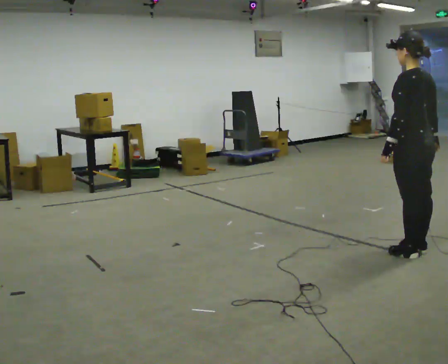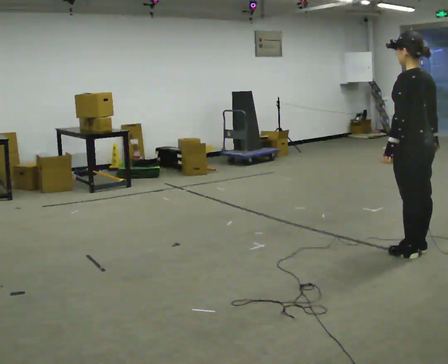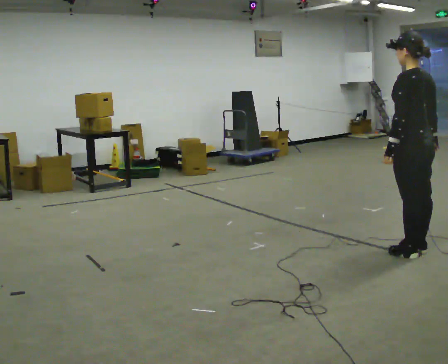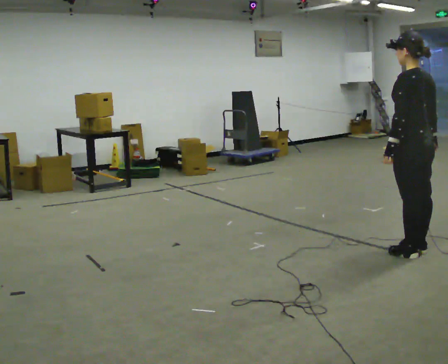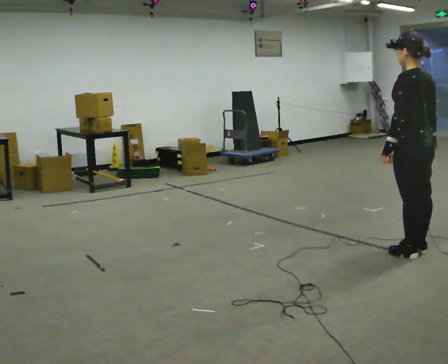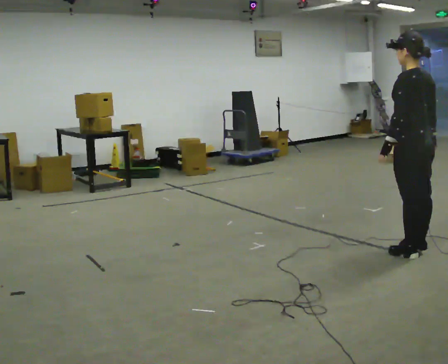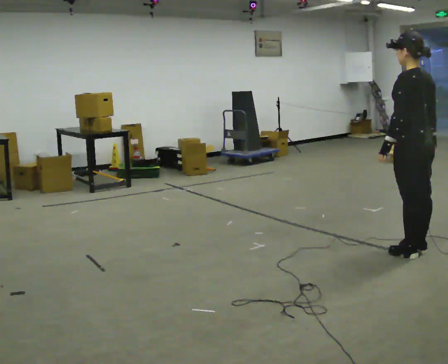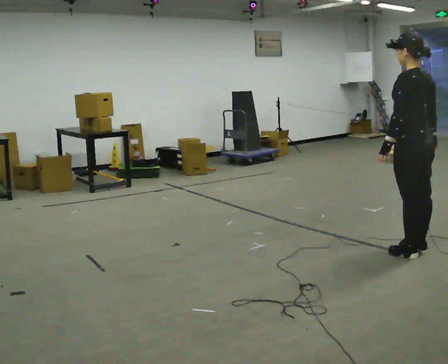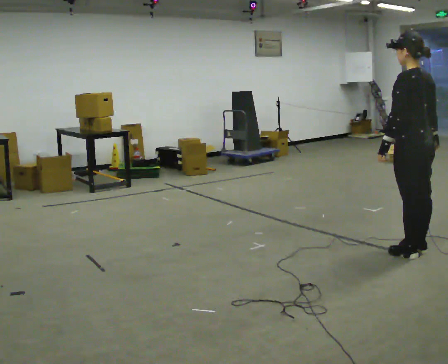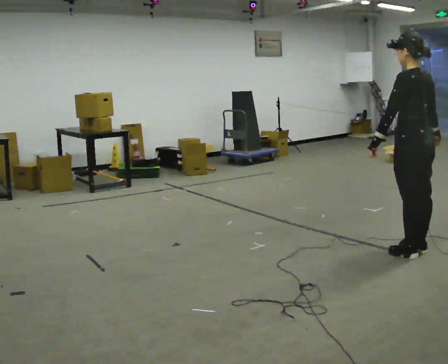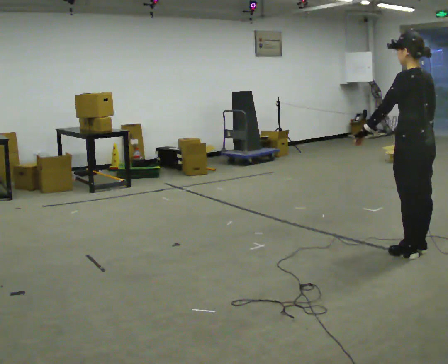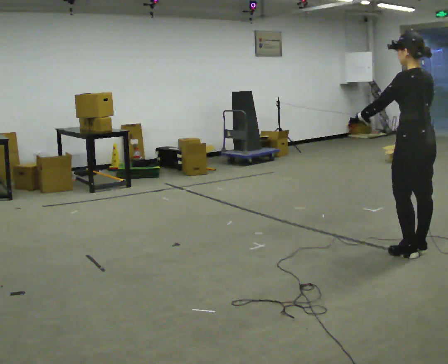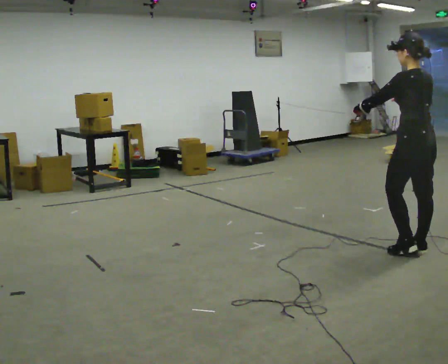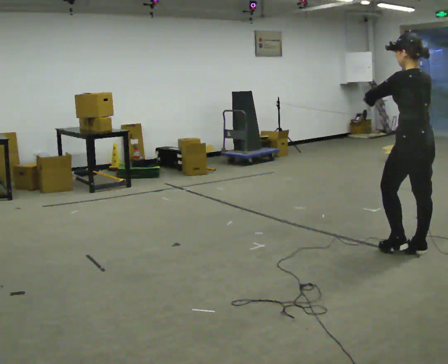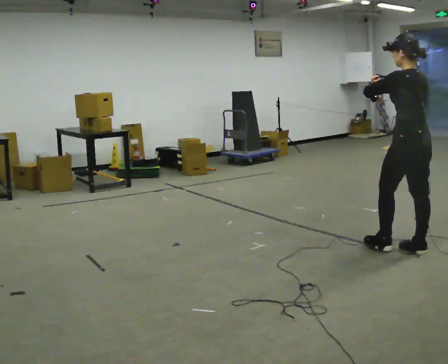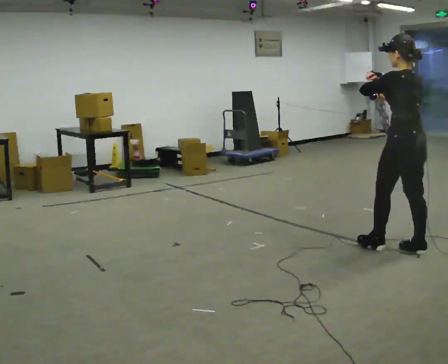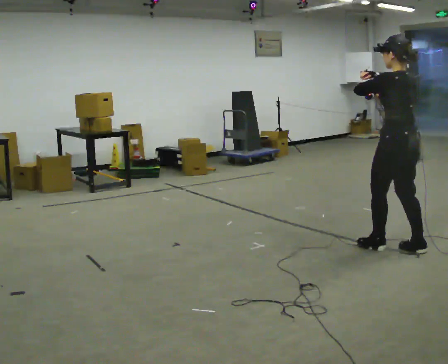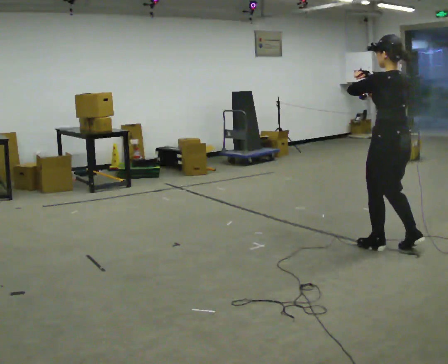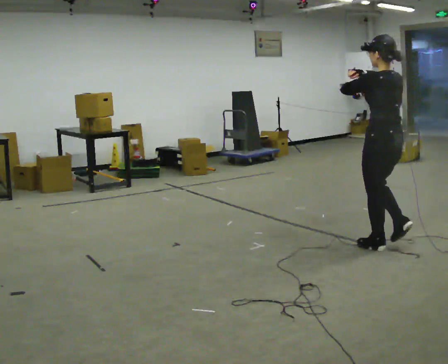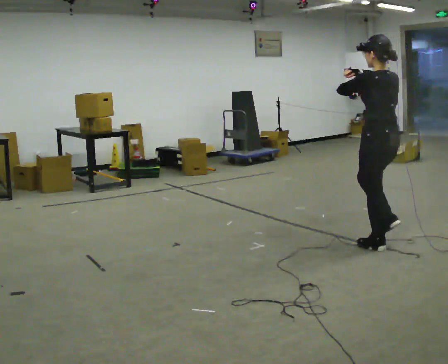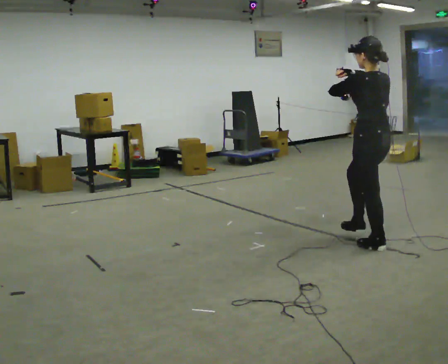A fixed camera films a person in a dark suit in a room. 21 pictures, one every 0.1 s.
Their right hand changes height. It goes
upward.
0.0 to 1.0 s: The person moves a little, or ends about where they began.
1.0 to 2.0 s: In the picture they go to the left and away from the camera, about 0.5 m in 1 step, which for them is forward. In the picture their right hand goes upward.
The film runs forward here.
